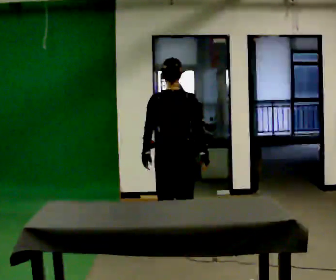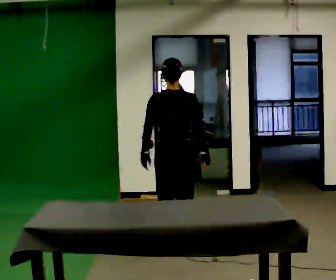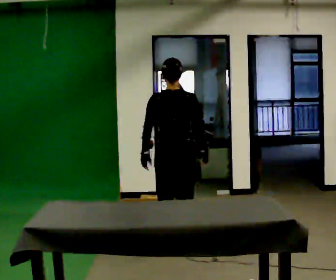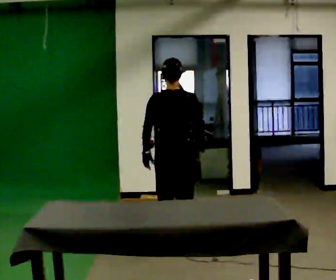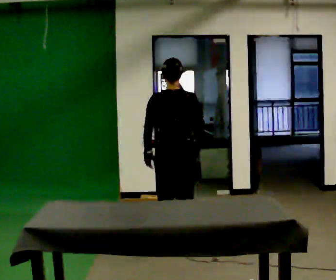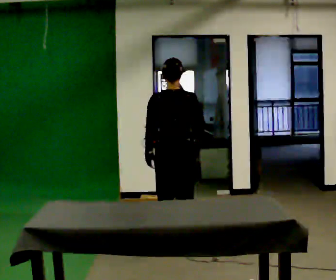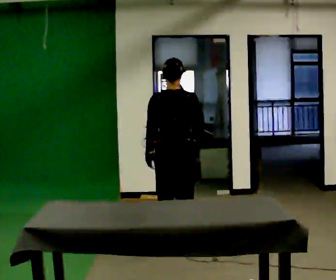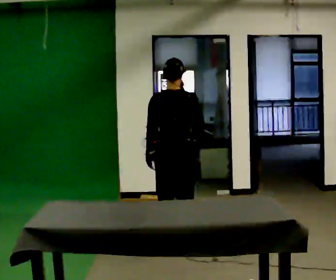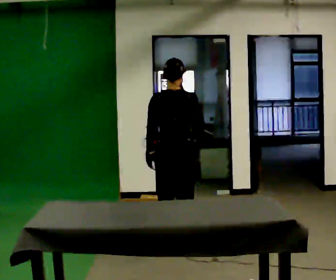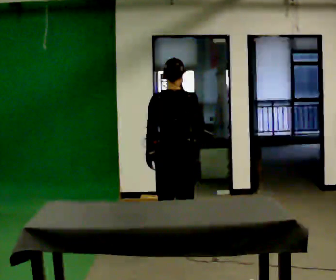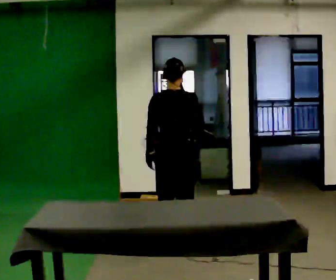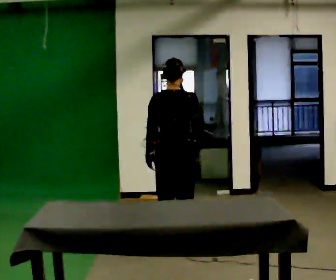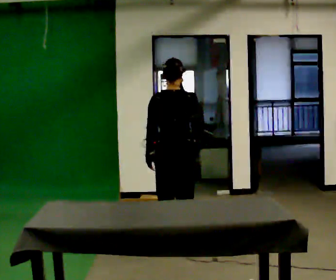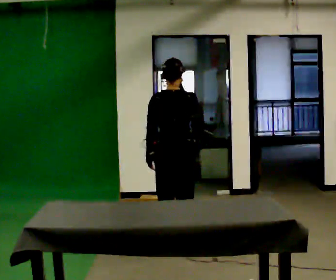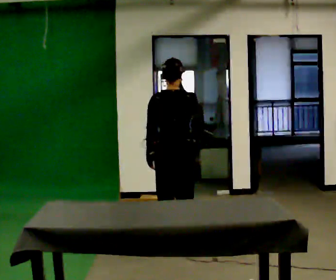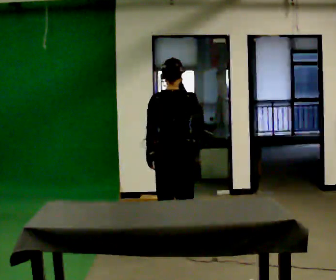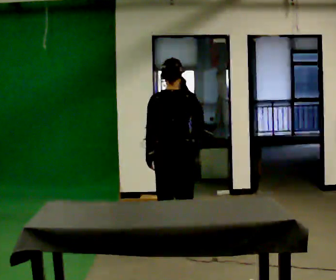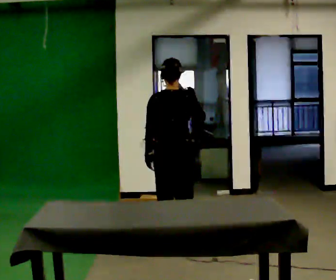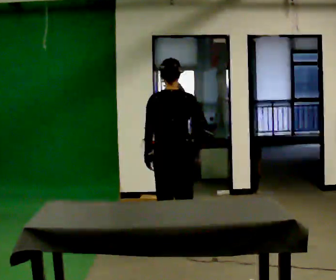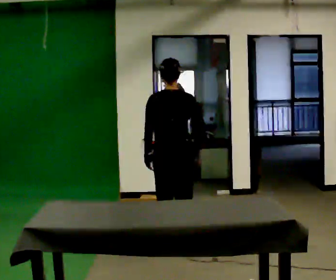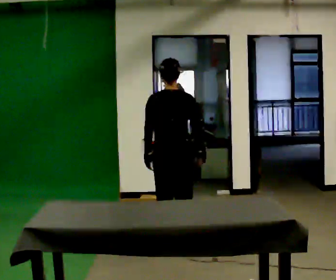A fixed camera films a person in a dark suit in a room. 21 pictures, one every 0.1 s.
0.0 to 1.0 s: In the picture their right hand goes upward.
1.0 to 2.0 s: In the picture their right hand goes downward.
The film runs backward here.
